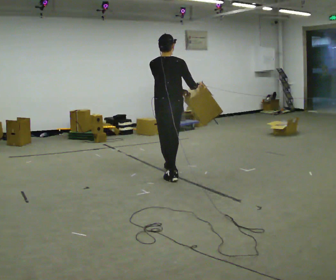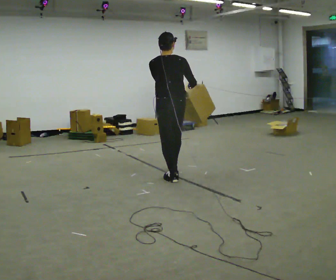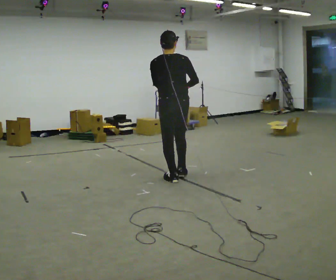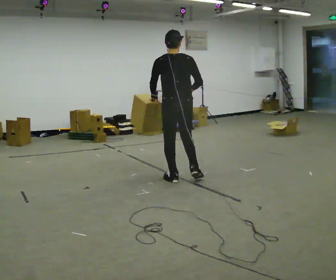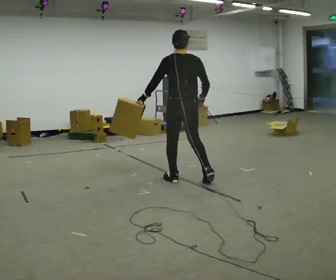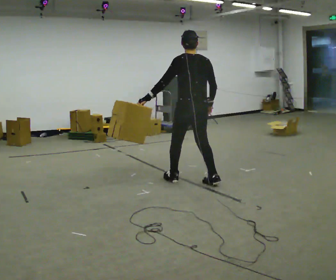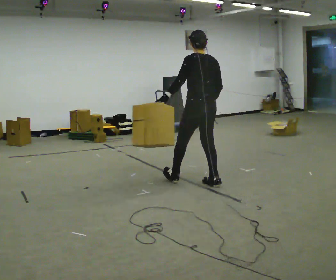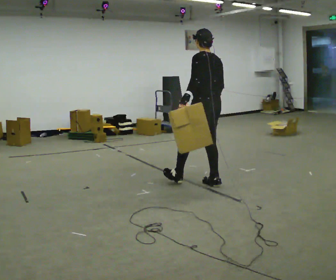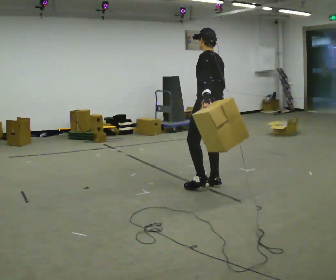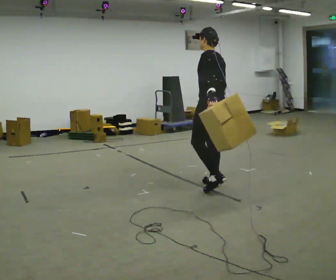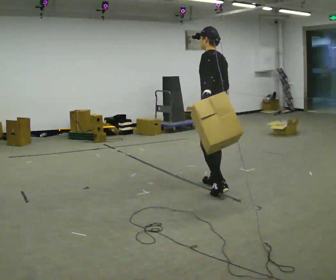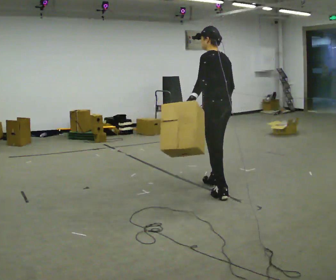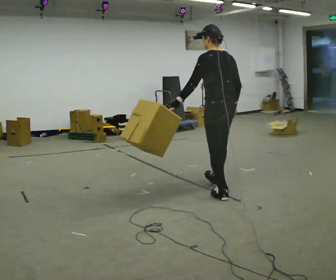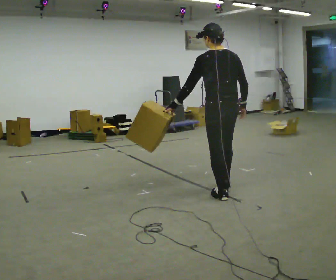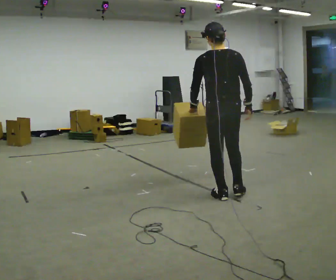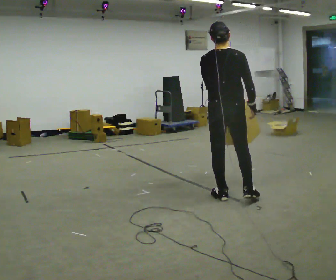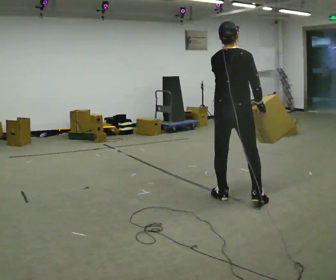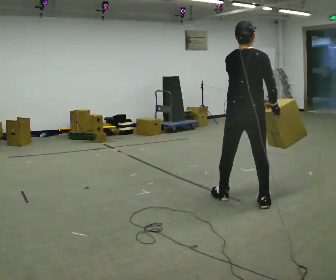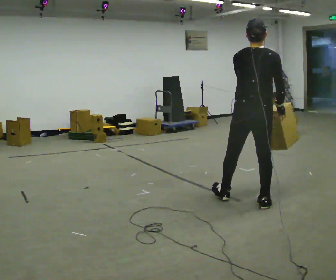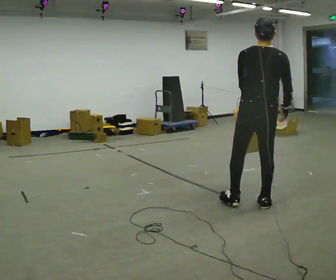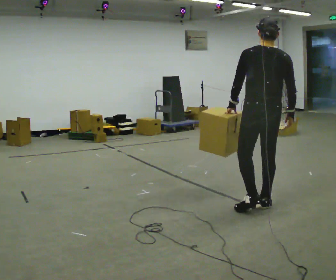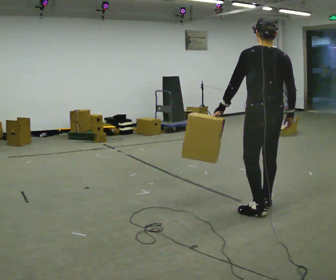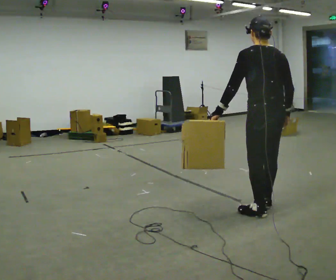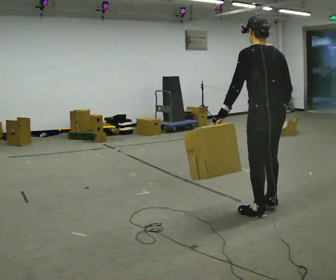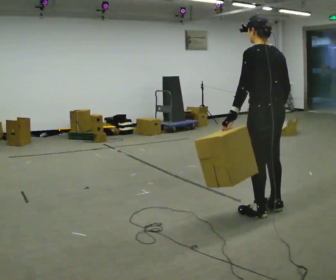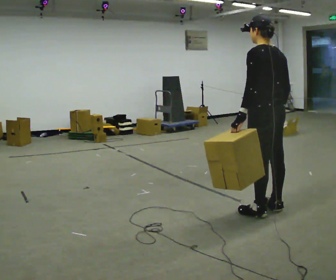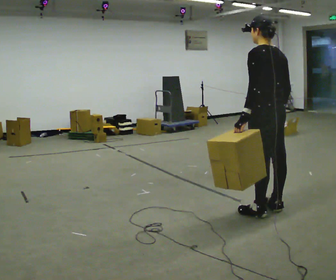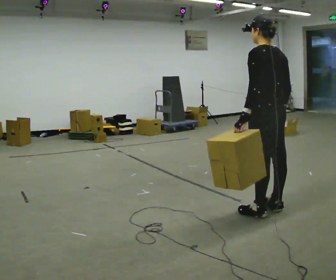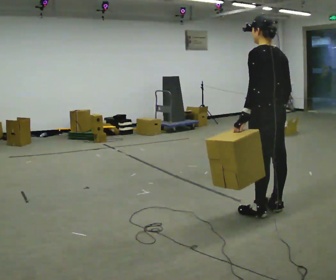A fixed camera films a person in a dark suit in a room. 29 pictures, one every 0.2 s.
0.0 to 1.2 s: In the picture they go to the right, about 0.5 m in 1 step, which for them is backward and to their right.
1.2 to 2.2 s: In the picture they go to the right and toward the camera, about 0.25 m in 1 step, which for them is backward.
2.2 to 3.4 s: Seen from above the body turns clockwise, about 75 degrees: to their right, with its near side sliding to the left. In the picture they go to the right and toward the camera, about 0.5 m in 1 step.
3.4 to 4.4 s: The person turns about 45 degrees to their left, counterclockwise seen from above, so the part of the body nearest the lens slides to the right. In the picture they go to the right and toward the camera, about 0.25 m in 1 step, which for them is backward and to their right.
4.4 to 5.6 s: The person moves a little, or ends about where they began.
The film runs backward here.
